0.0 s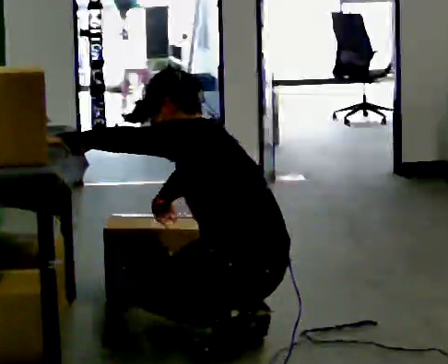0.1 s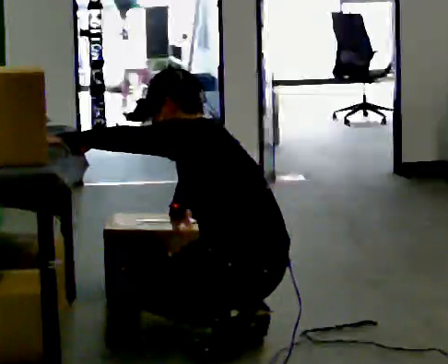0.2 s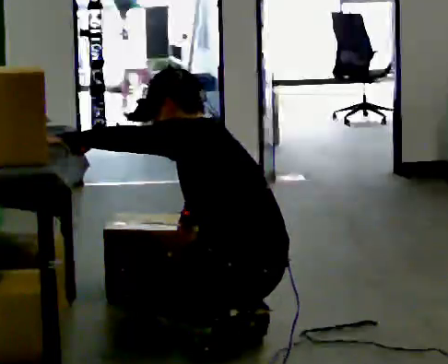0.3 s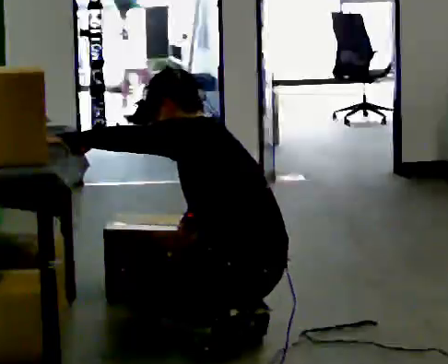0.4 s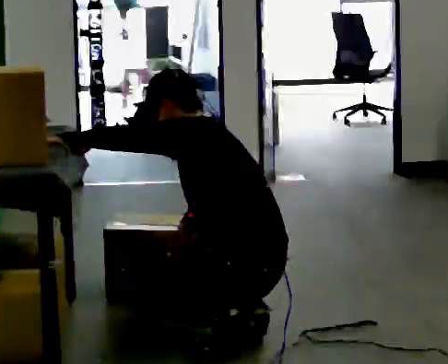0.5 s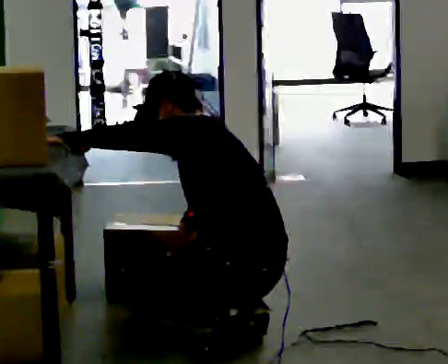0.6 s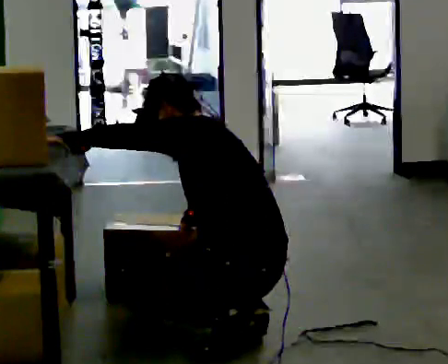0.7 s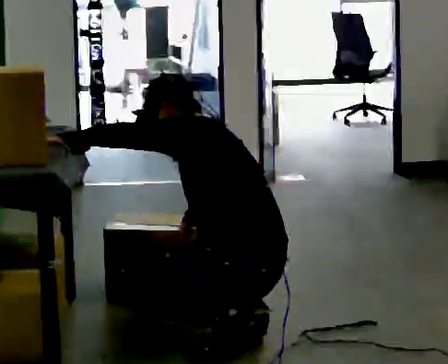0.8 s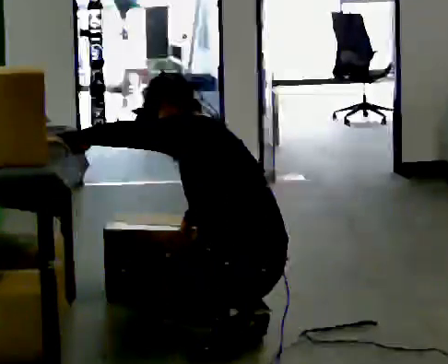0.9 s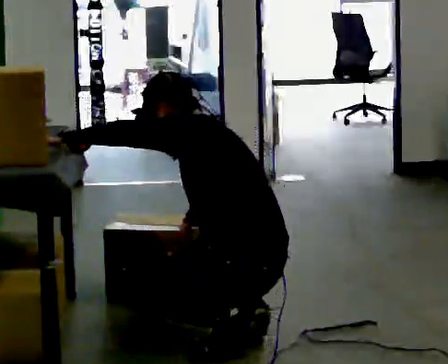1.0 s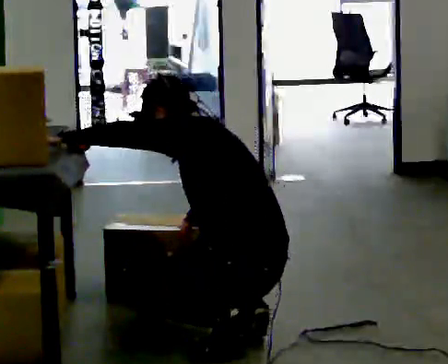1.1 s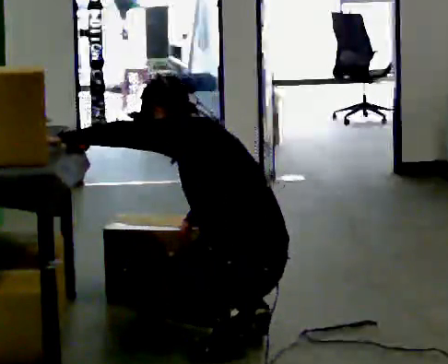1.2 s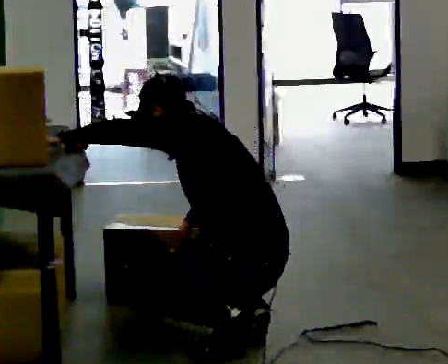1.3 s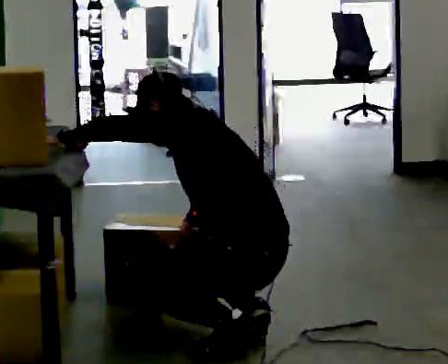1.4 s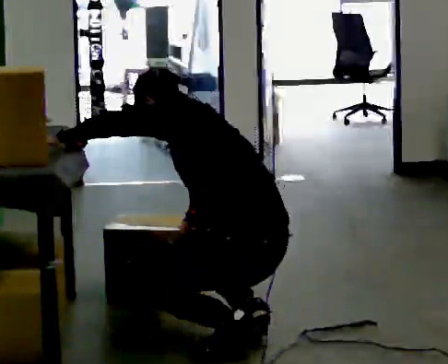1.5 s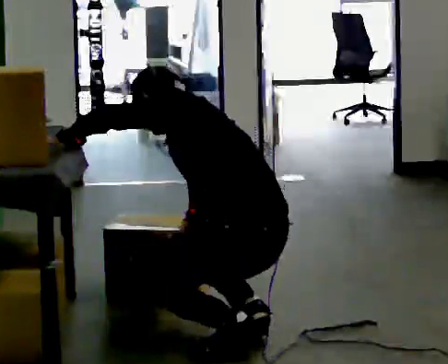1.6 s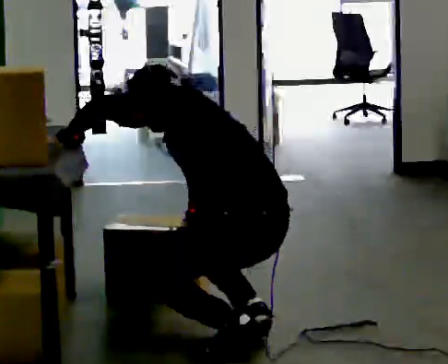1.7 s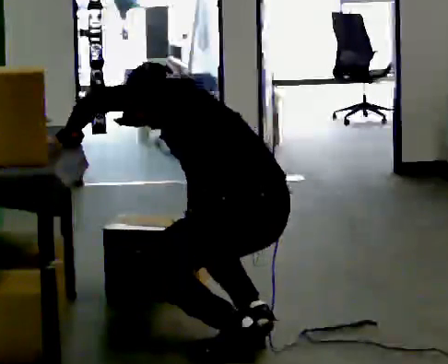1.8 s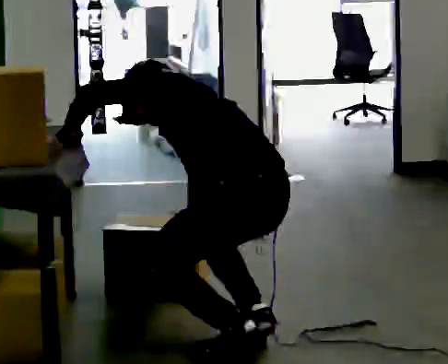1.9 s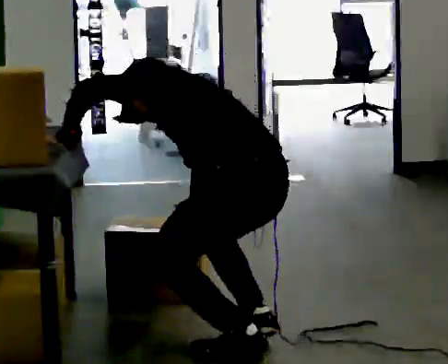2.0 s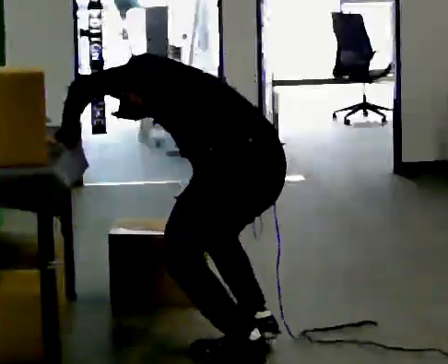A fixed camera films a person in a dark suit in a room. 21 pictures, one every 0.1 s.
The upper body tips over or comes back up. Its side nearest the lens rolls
upward.
0.0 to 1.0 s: The person moves a little, or ends about where they began.
1.0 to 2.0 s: The shoulders move upward. The upper body tips away from the camera, its near side rolling upward, as they bend forward.
The film runs backward here.
